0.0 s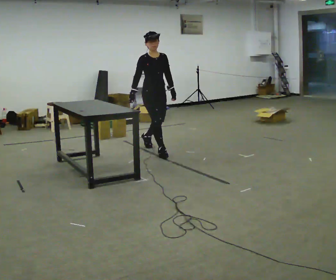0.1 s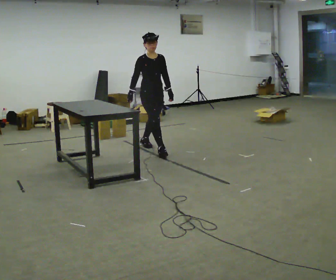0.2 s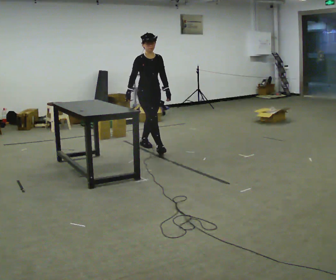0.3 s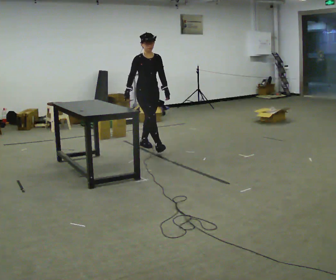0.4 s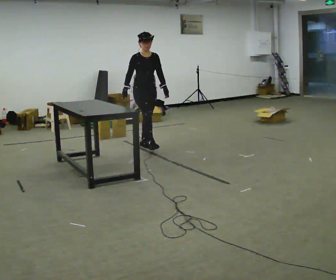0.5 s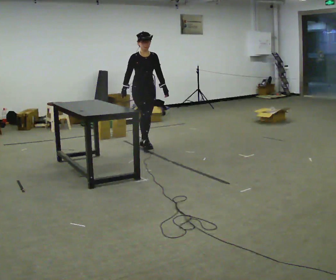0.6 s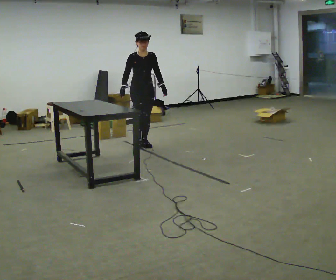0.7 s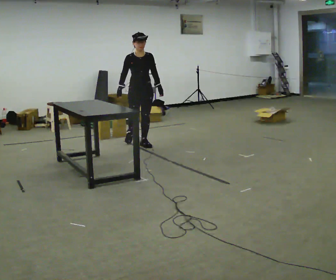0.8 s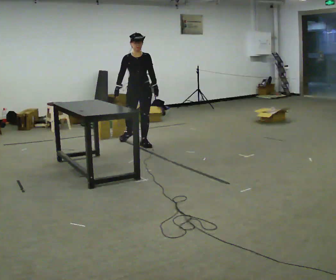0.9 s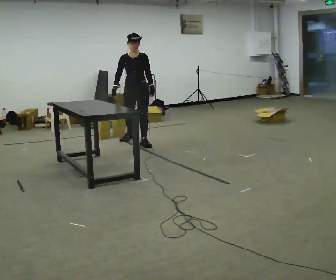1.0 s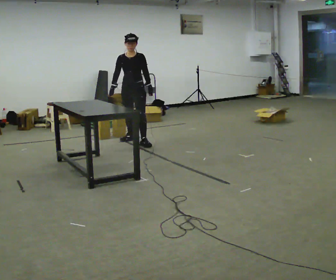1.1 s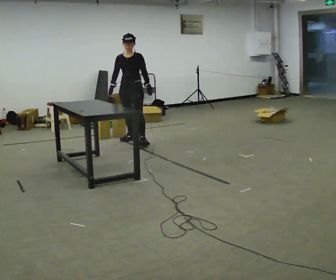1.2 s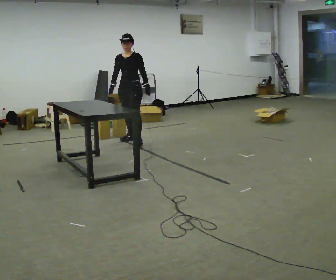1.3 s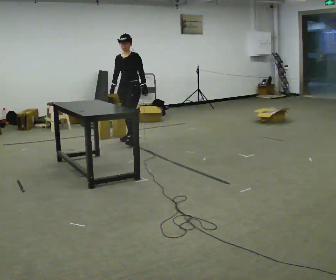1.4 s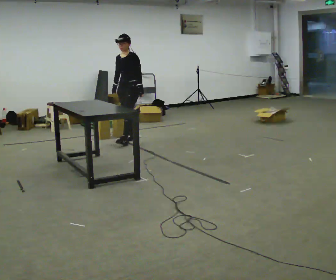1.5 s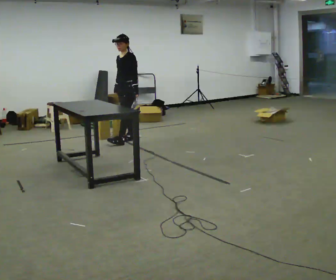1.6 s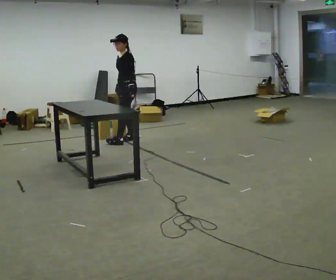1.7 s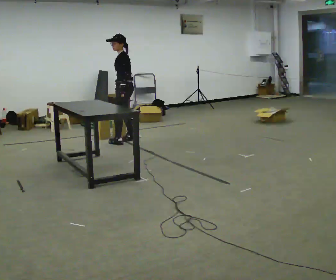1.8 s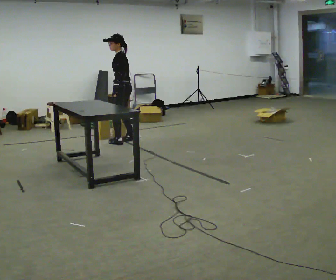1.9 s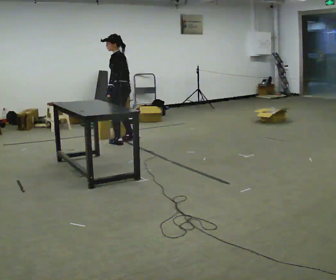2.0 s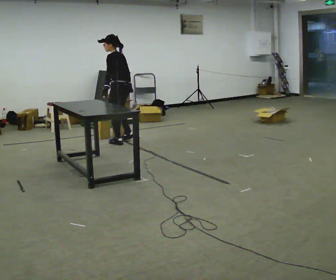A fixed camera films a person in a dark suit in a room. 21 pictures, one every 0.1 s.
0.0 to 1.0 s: The part of the body nearest the lens slides to the left as the person turns to their right by about 45 degrees. In the picture they go away from the camera and to the left, about 0.75 m in 1 step, which for them is backward.
1.0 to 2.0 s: Seen from above the body turns clockwise, about 105 degrees: to their right, with its near side sliding to the left. In the picture they go to the left, about 0.25 m in 2 steps.
The film runs backward here.
